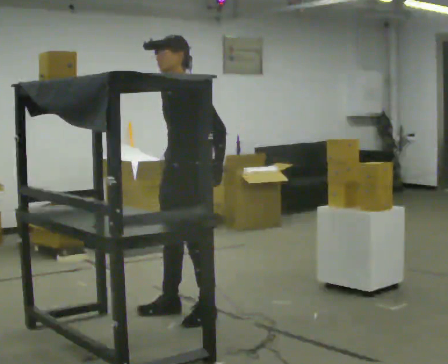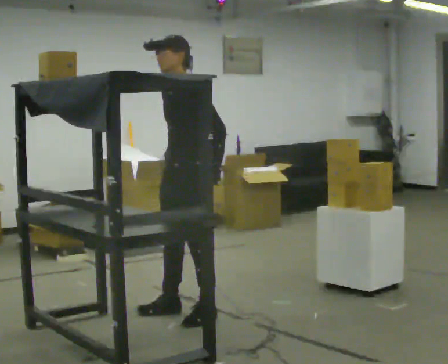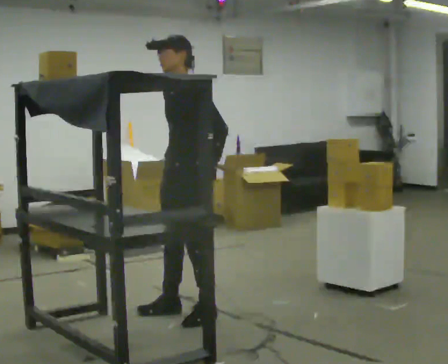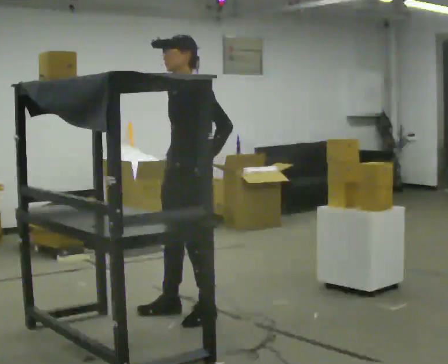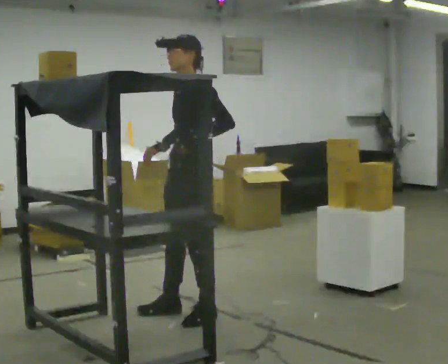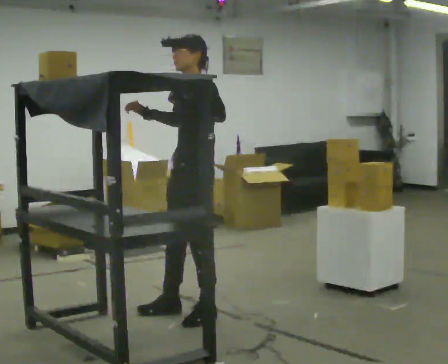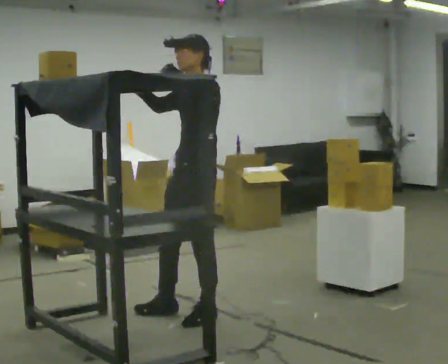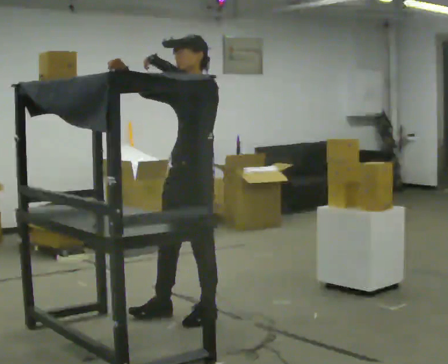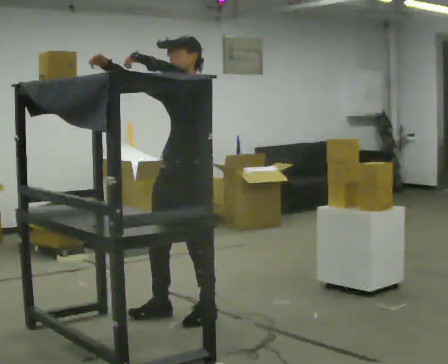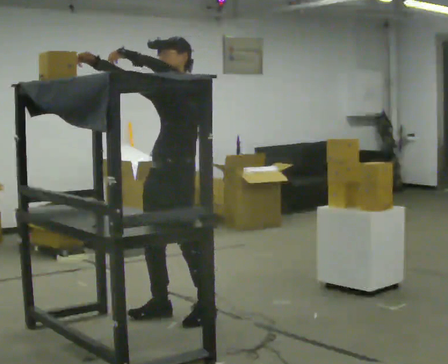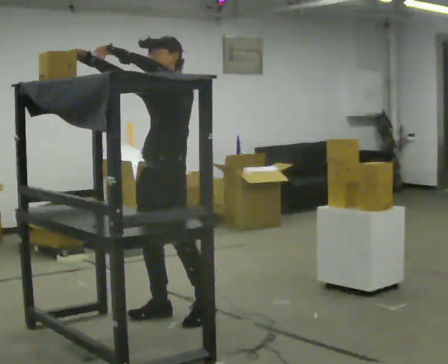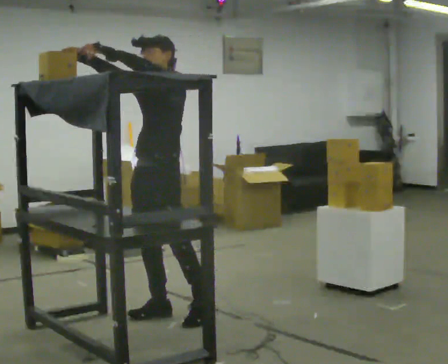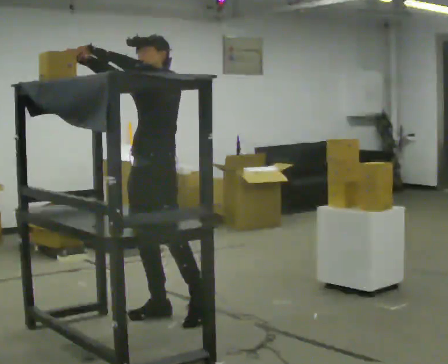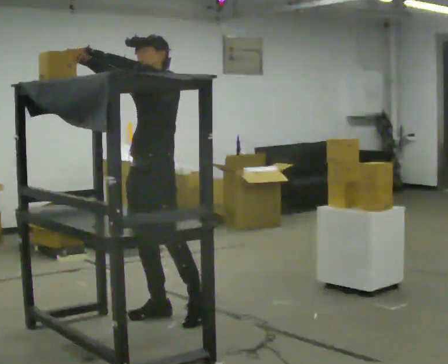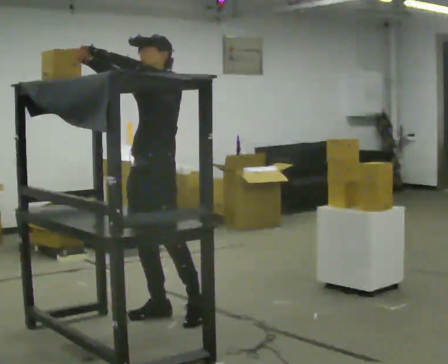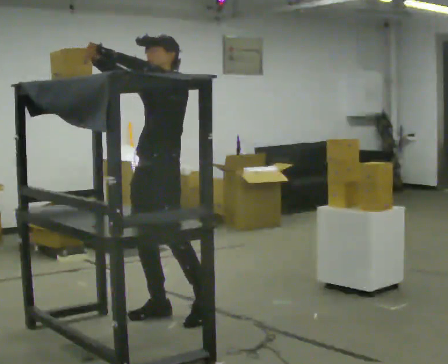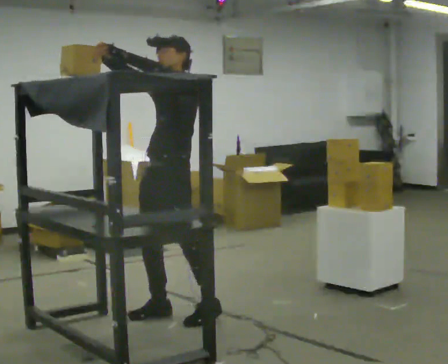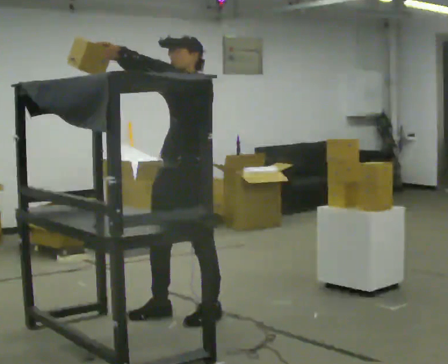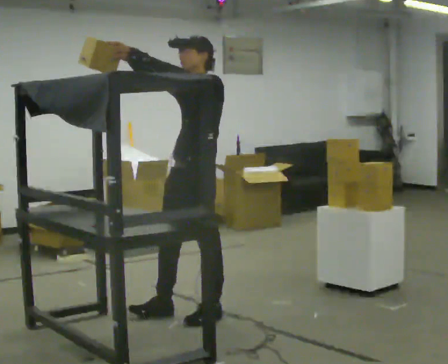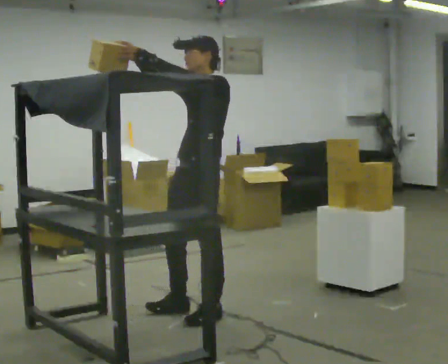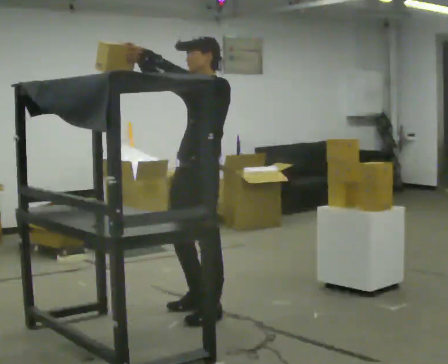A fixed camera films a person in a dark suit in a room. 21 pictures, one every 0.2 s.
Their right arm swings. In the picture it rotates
clockwise.
Their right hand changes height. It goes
upward.
0.0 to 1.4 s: In the picture their right hand goes upward and to the left, the arm swinging clockwise.
1.4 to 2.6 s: In the picture they go to the left, about 0.25 m, which for them is to their right and forward.
2.6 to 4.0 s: In the picture they go to the right, about 0.25 m in 1 step, which for them is backward and to their left.
The film runs forward here.
